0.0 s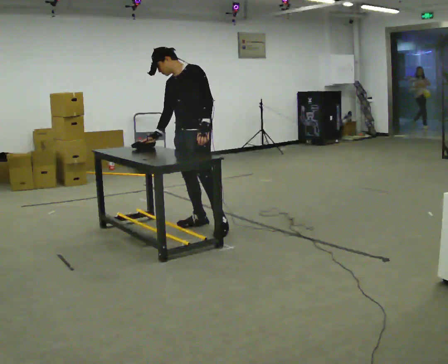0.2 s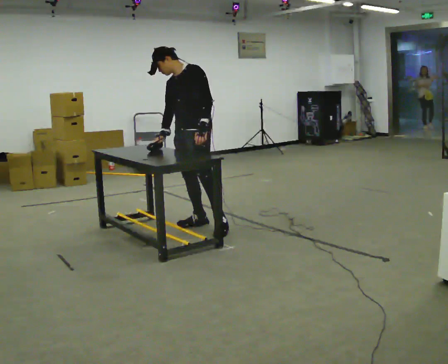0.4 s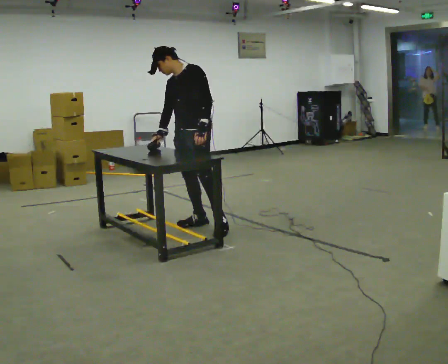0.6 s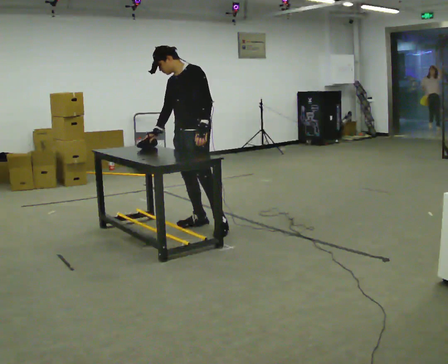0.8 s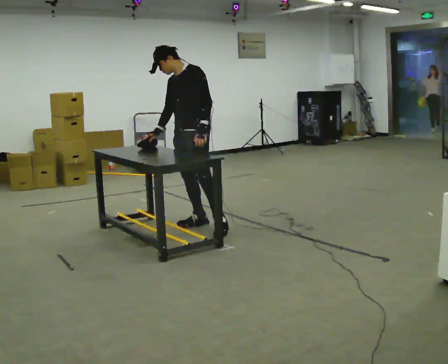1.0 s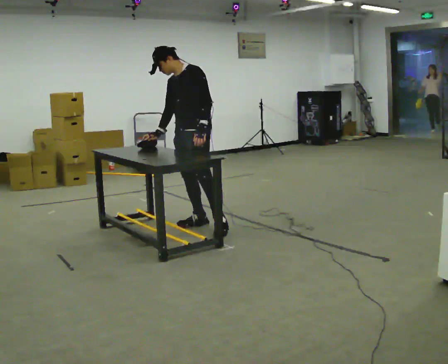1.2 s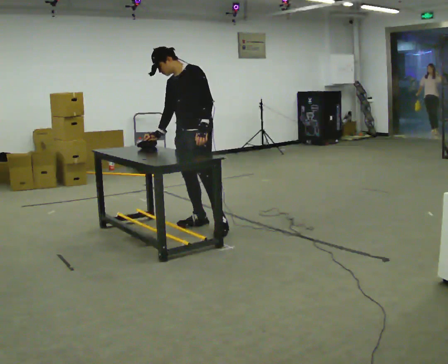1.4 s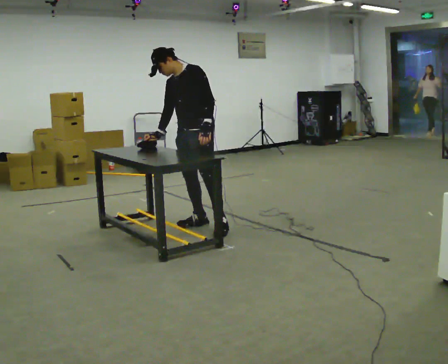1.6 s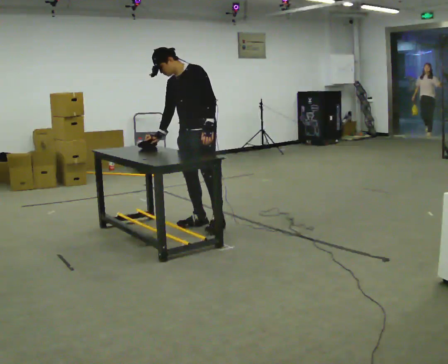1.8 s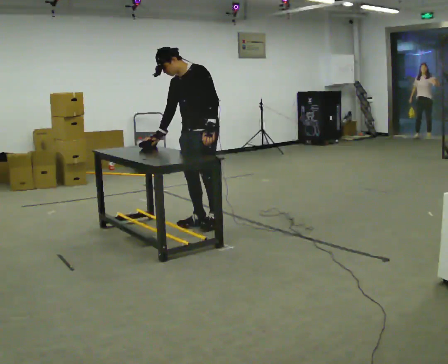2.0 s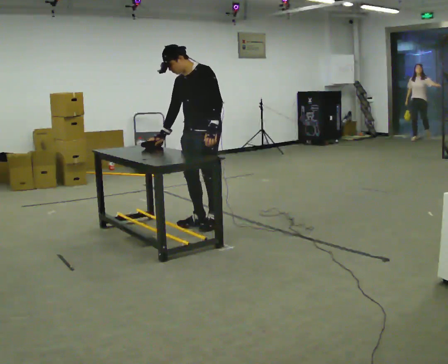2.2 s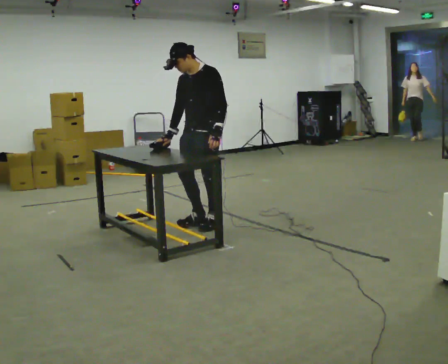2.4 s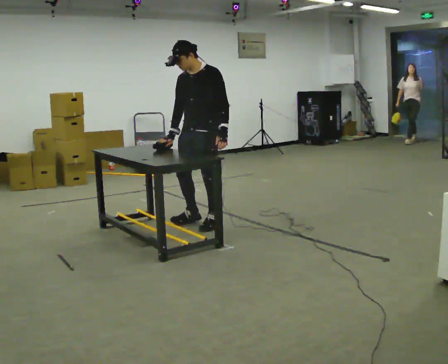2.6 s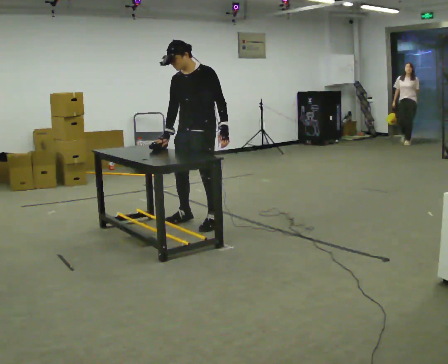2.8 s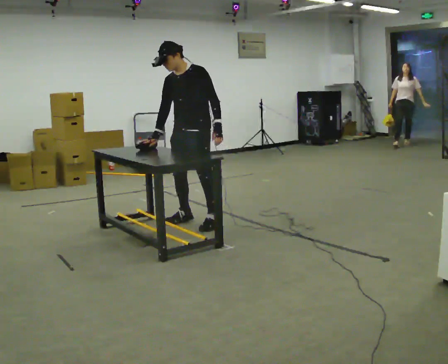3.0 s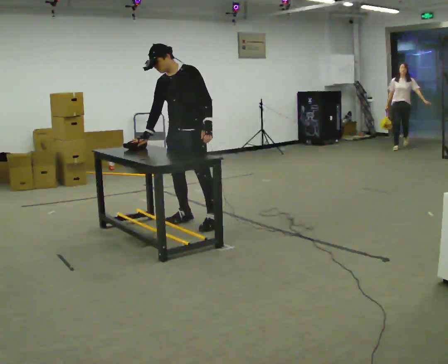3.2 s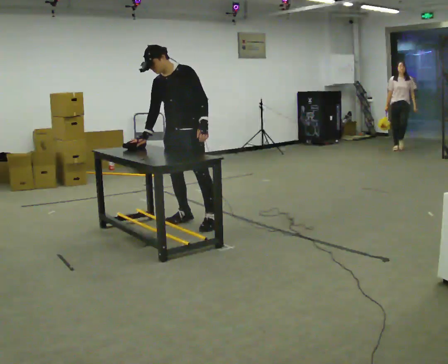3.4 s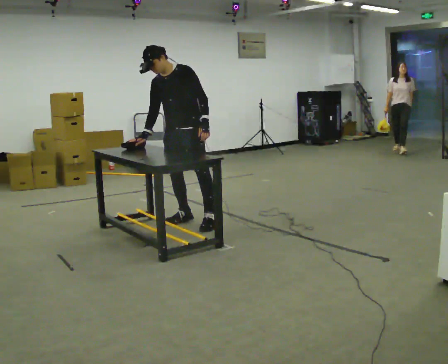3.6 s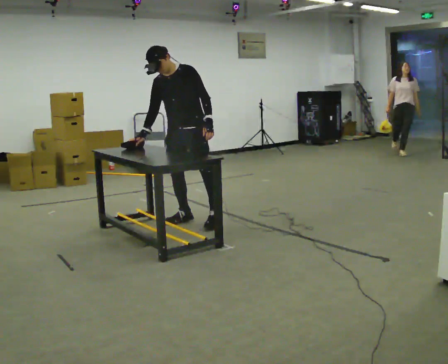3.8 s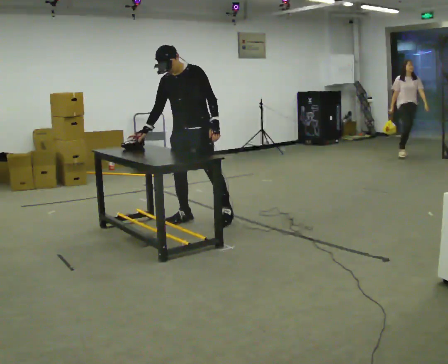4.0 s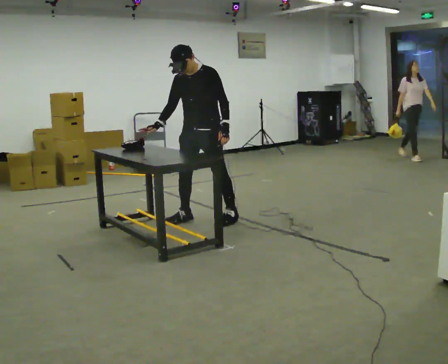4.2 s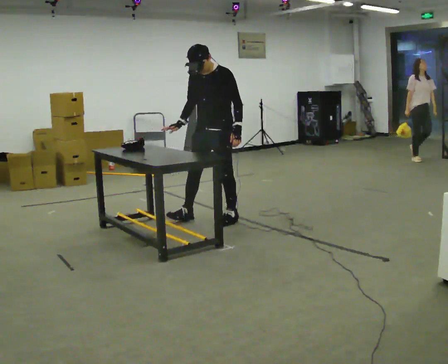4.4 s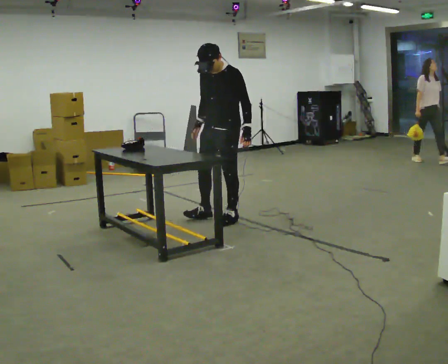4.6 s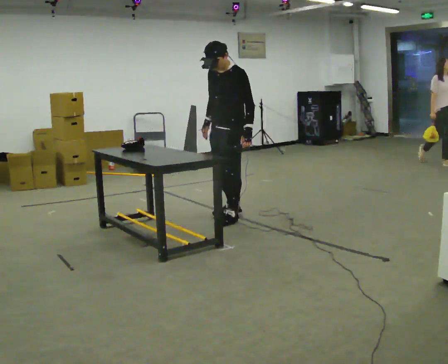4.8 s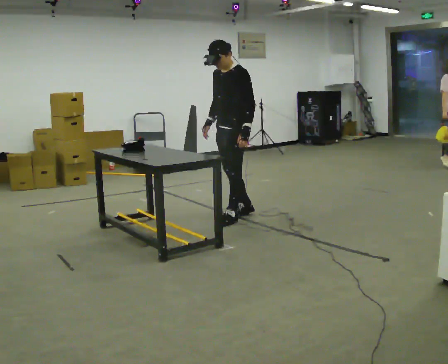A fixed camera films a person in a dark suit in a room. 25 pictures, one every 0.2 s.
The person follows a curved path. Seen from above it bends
clockwise.
0.0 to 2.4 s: The person moves a little, or ends about where they began.
2.4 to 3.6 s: In the picture they go away from the camera, about 0.25 m in 1 step, which for them is to their right.
3.6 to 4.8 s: The part of the body nearest the lens slides to the left as the person turns to their right by about 30 degrees. In the picture they go to the right, about 0.5 m in 1 step, which for them is backward and to their left.
The film runs forward here.
